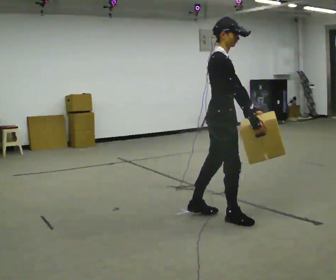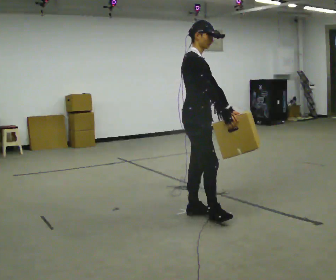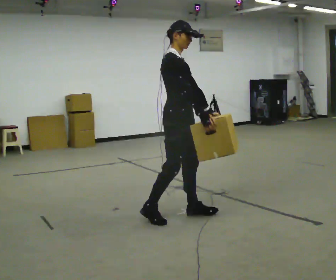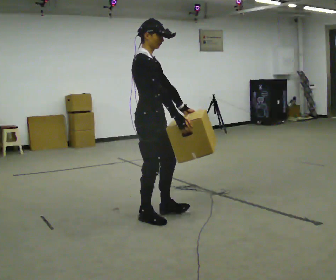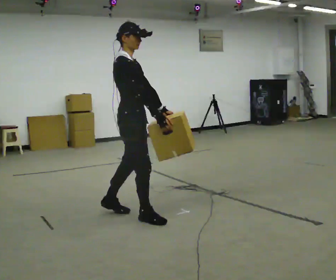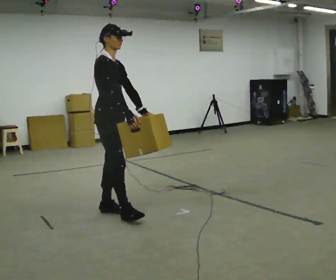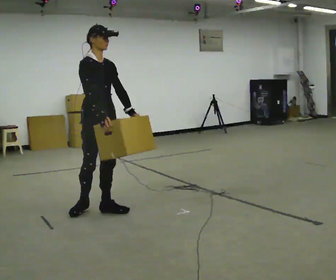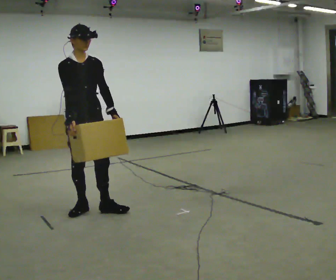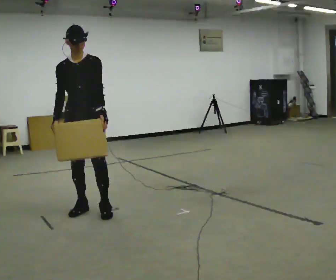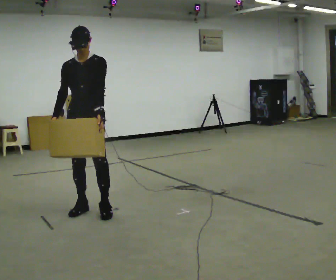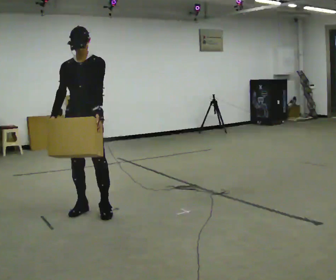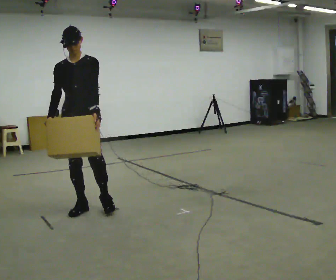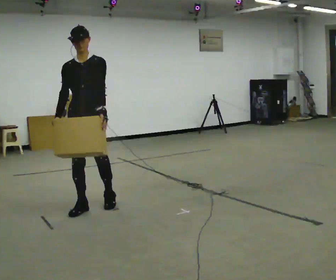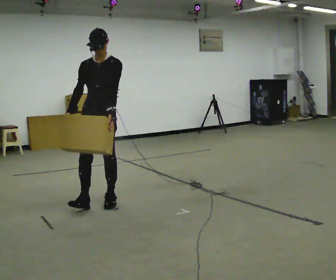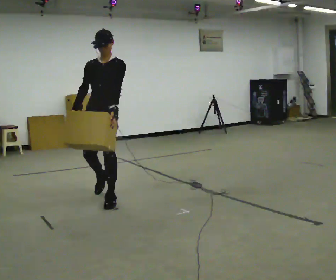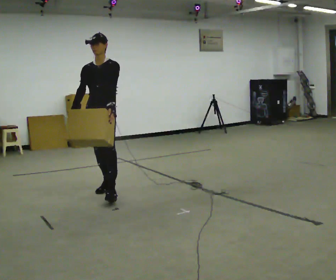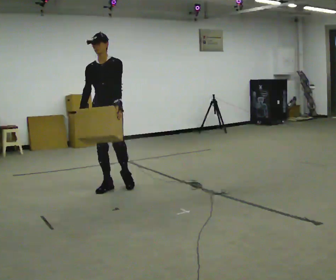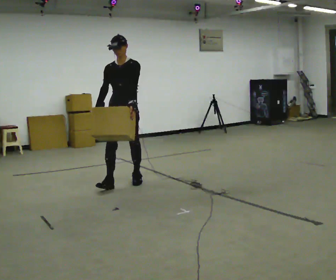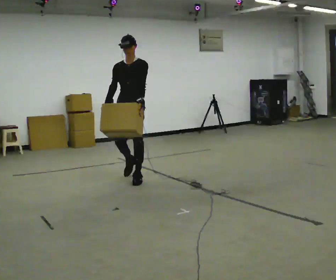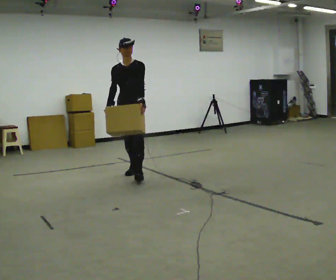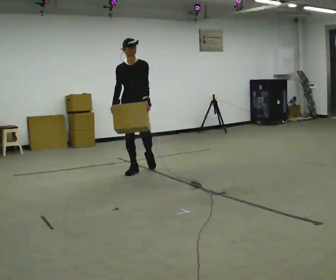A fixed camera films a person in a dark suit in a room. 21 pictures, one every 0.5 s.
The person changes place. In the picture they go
away from the camera.
0.0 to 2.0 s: In the picture they go to the left and away from the camera, about 1 m in 2 steps, which for them is backward.
2.0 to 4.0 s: Seen from above the body turns clockwise, about 75 degrees: to their right, with its near side sliding to the left. In the picture they go to the left and away from the camera, about 0.5 m in 1 step.
4.0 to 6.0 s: The person moves a little, or ends about where they began.
6.0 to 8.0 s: In the picture they go away from the camera, about 0.5 m in 2 steps, which for them is backward.
8.0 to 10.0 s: In the picture they go away from the camera and to the right, about 1 m in 2 steps, which for them is backward.
The film runs backward here.
